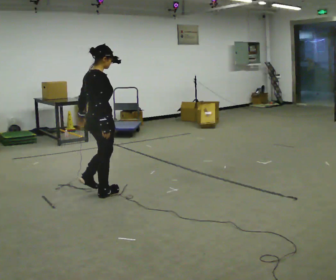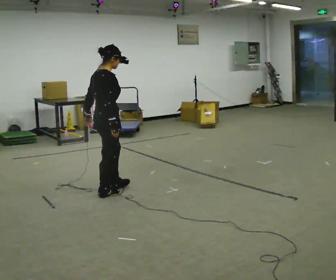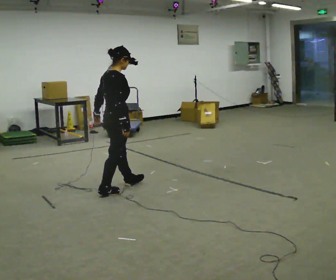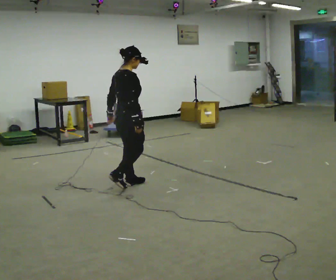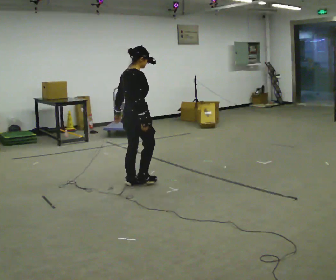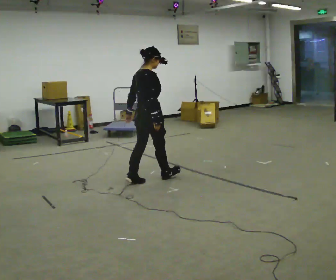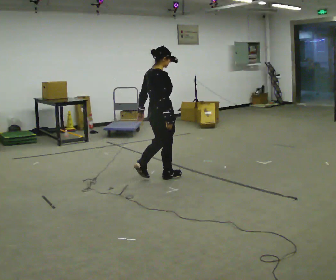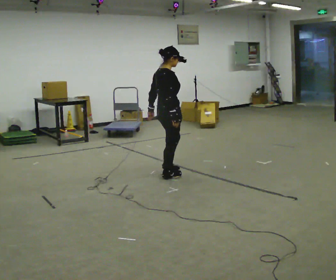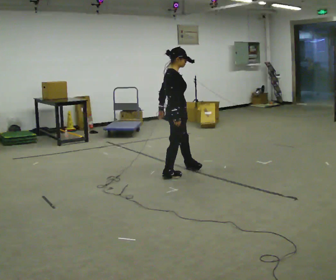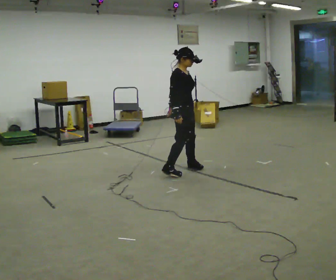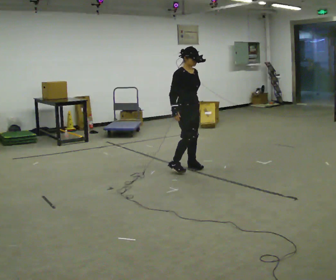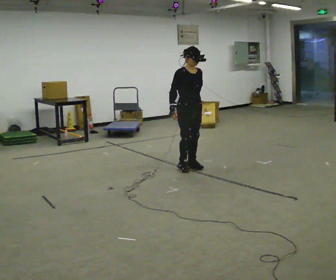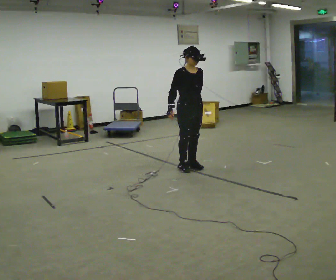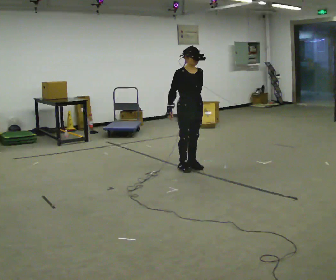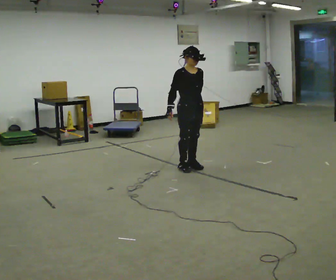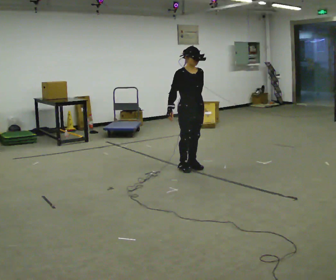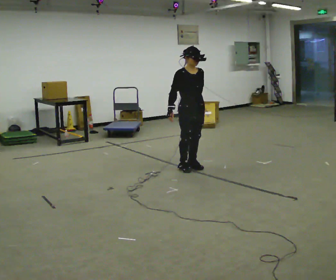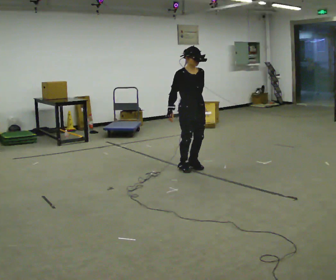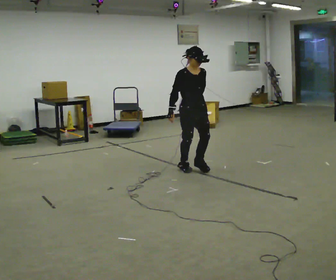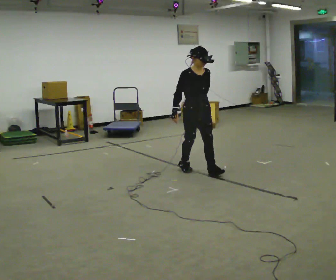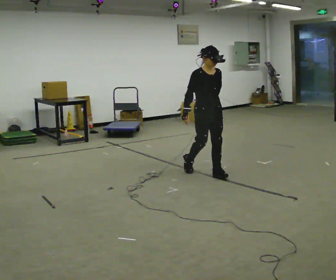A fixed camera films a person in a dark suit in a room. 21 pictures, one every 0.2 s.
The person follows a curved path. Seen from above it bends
clockwise.
The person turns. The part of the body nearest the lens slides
to the left.
0.0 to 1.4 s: In the picture they go away from the camera and to the right, about 1 m in 2 steps, which for them is forward.
1.4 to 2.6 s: Seen from above the body turns clockwise, about 90 degrees: to their right, with its near side sliding to the left. In the picture they go away from the camera and to the right, about 0.5 m in 2 steps.
2.6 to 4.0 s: In the picture they go toward the camera and to the right, about 0.25 m in 1 step, which for them is forward.
The film runs forward here.
